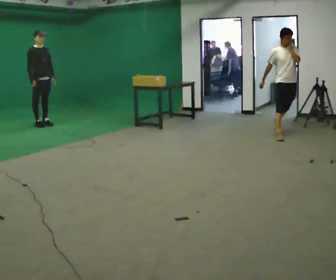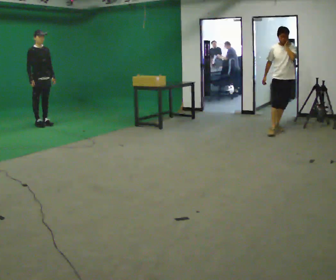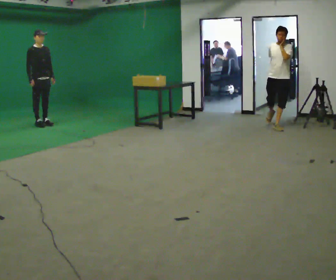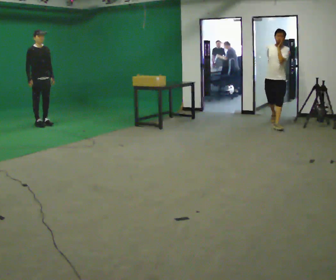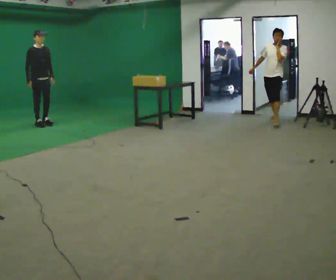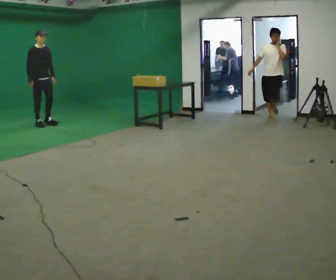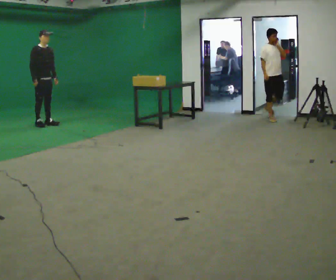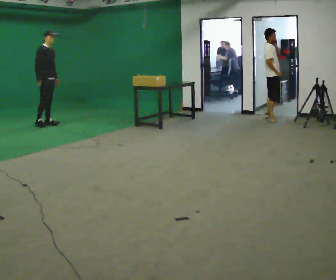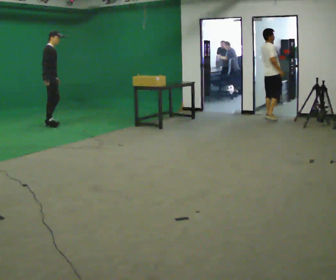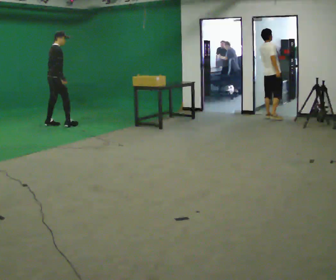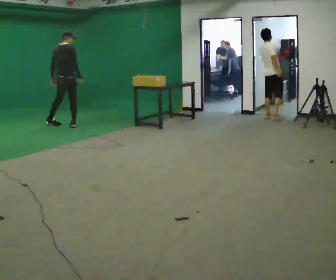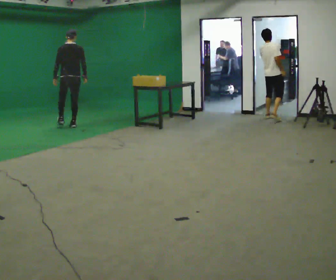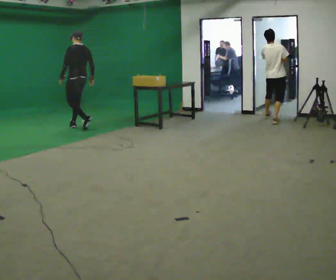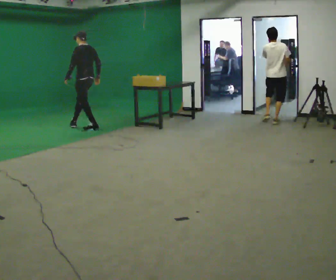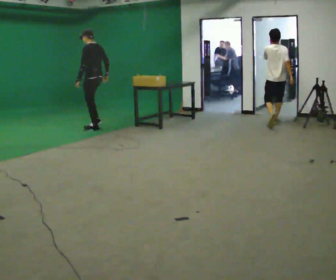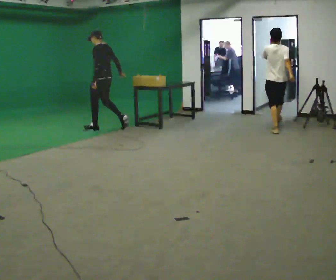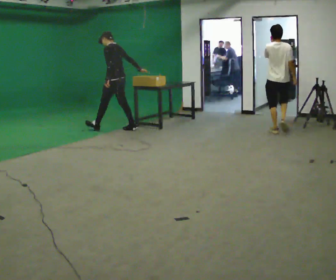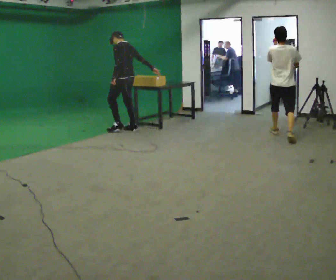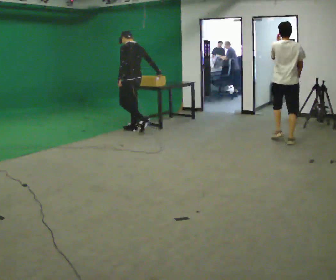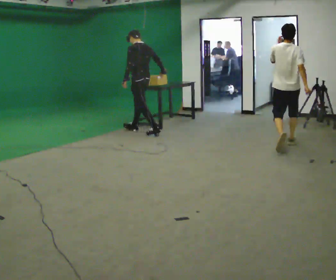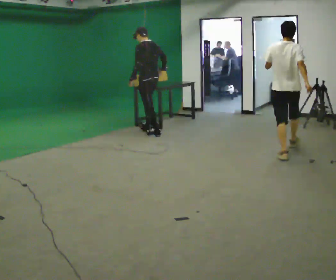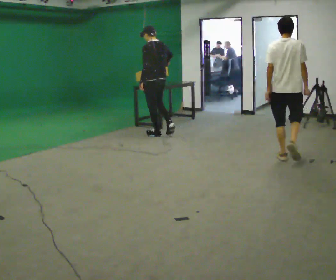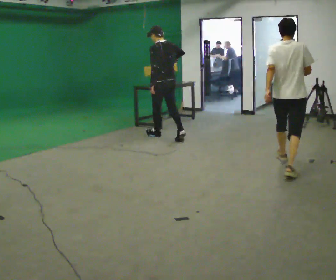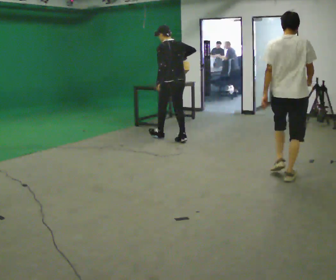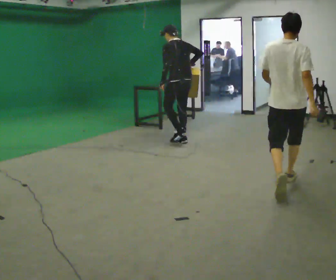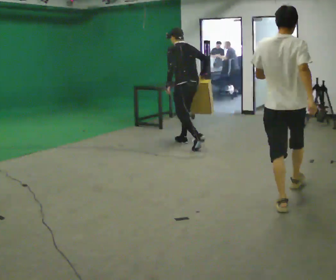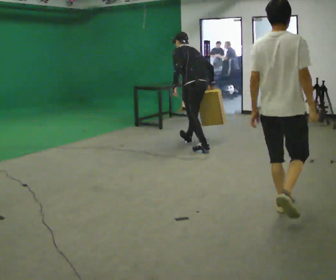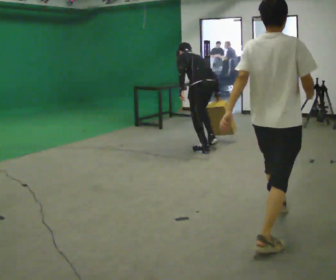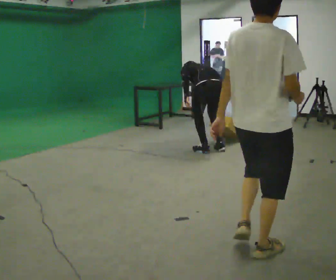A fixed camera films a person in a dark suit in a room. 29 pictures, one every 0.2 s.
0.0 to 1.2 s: The person moves a little, or ends about where they began.
1.2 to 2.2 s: The person turns about 135 degrees to their left, counterclockwise seen from above, so the part of the body nearest the lens slides to the right. In the picture they go to the right, about 0.5 m in 2 steps.
2.2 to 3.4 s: The person turns about 60 degrees to their left, counterclockwise seen from above, so the part of the body nearest the lens slides to the right. In the picture they go to the right and toward the camera, about 1 m in 2 steps, which for them is backward.
3.4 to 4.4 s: The part of the body nearest the lens slides to the left as the person turns to their right by about 30 degrees. In the picture they go toward the camera and to the right, about 1 m in 1 step, which for them is backward.
4.4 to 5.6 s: In the picture they go toward the camera and to the right, about 1 m in 2 steps, which for them is backward. The shoulders move downward. The upper body tips away from the camera, its near side rolling upward, as they bend forward. In the picture their right hand goes downward.
The film runs backward here.
